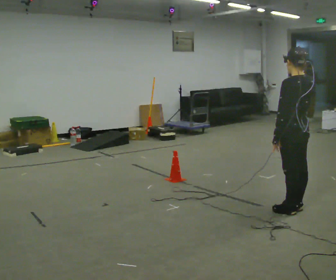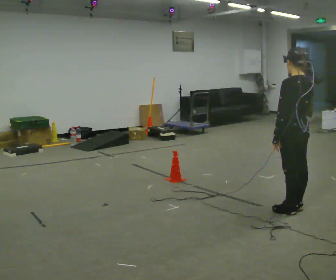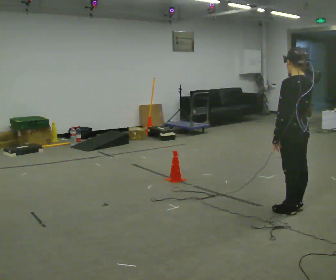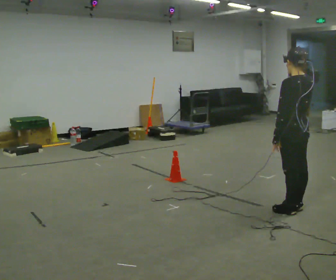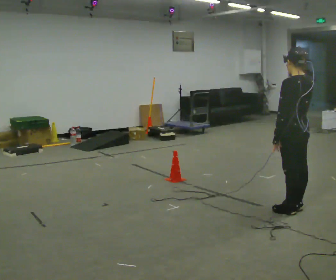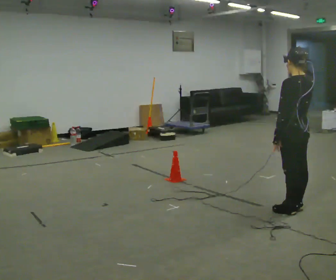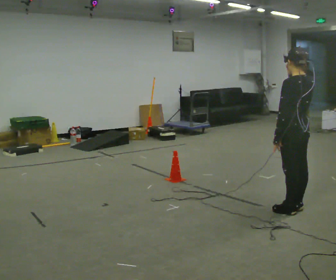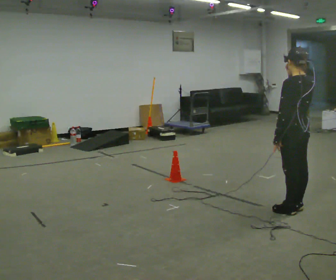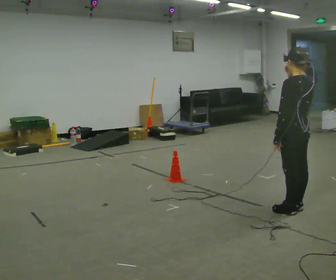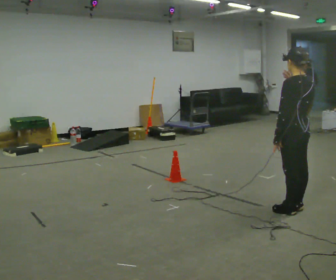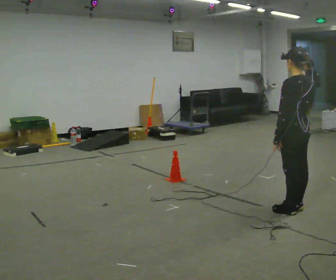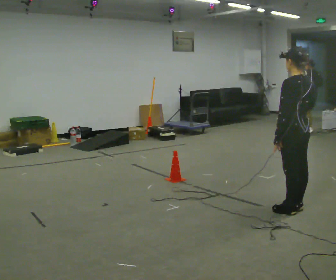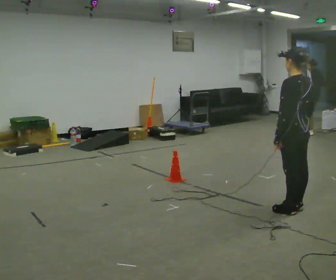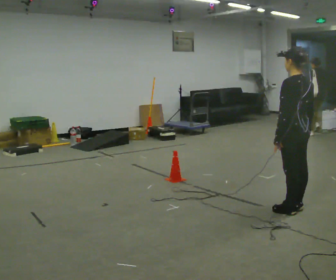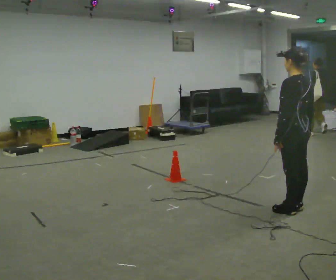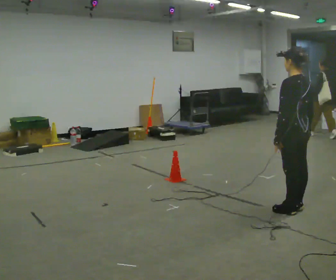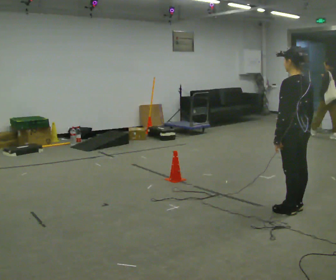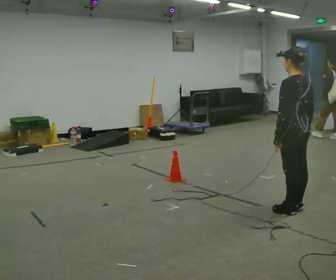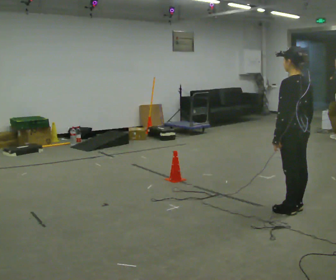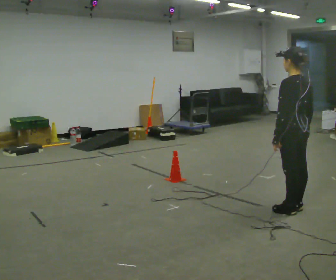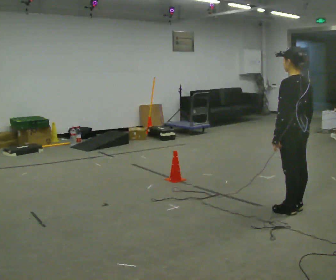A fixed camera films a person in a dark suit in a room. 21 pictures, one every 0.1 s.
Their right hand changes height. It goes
downward.
0.0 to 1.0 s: The person moves a little, or ends about where they began.
1.0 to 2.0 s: In the picture their right hand goes downward.
The film runs backward here.
